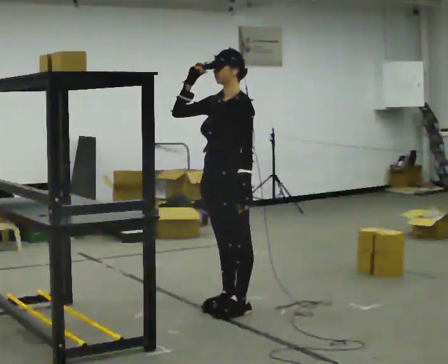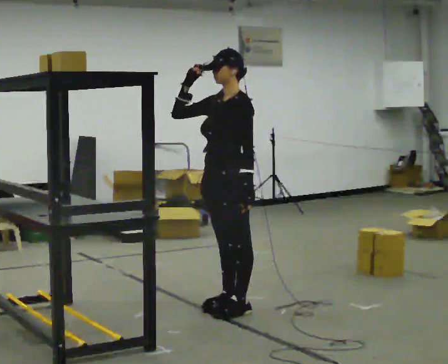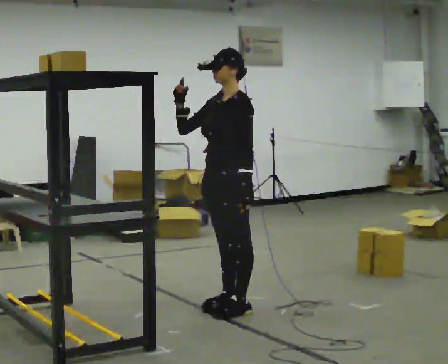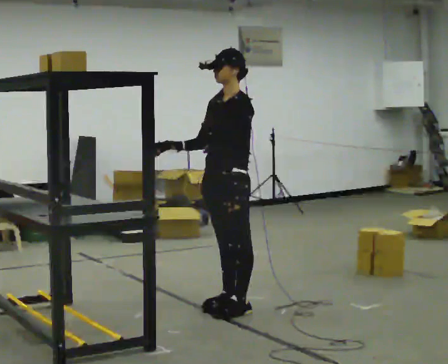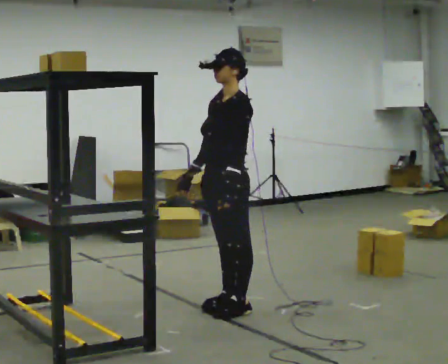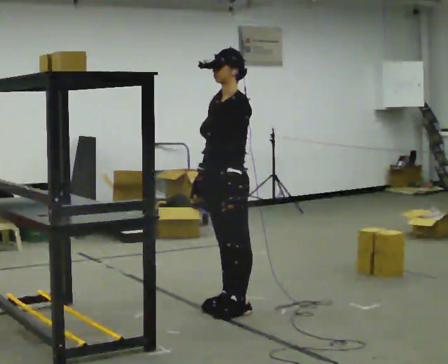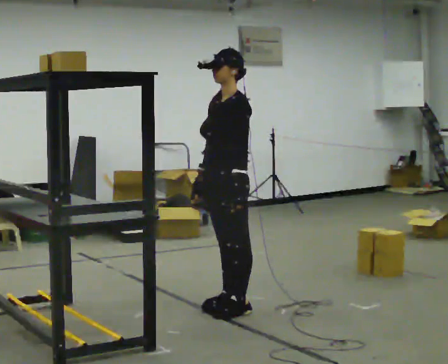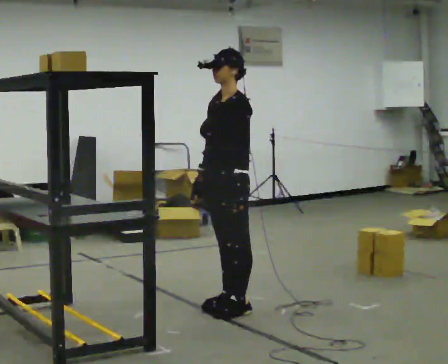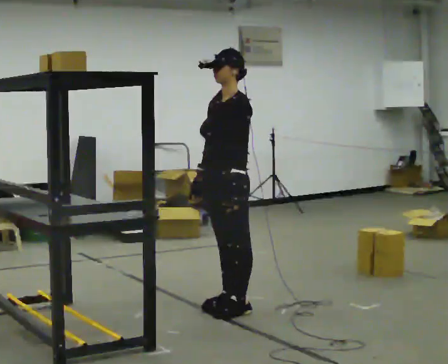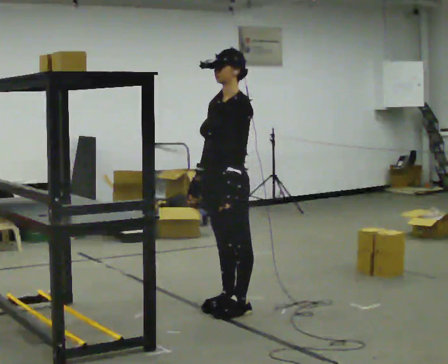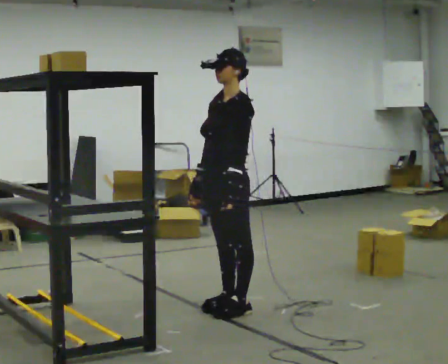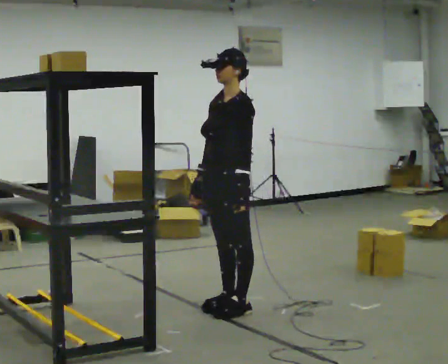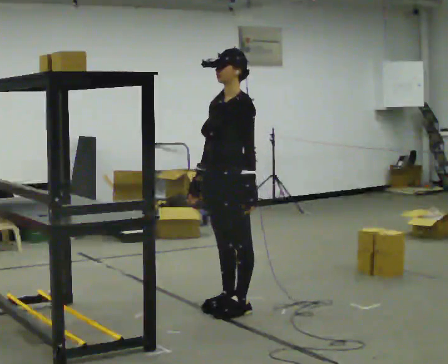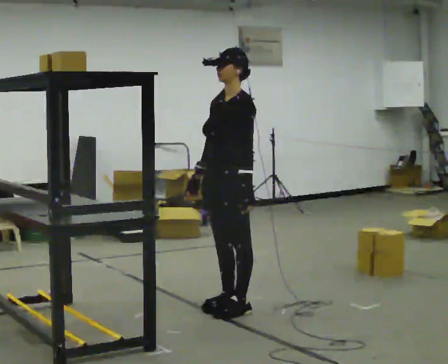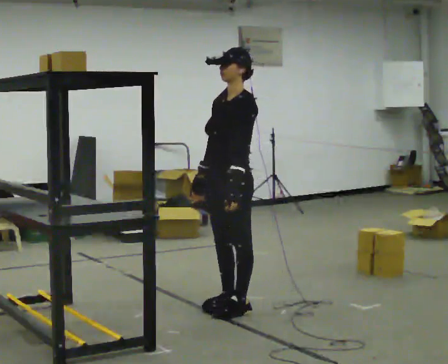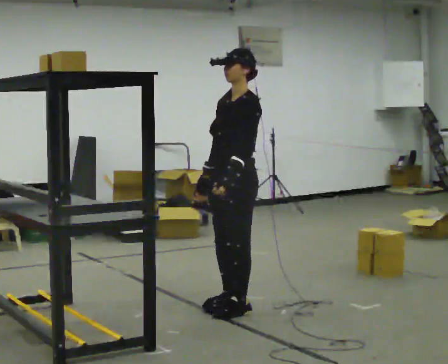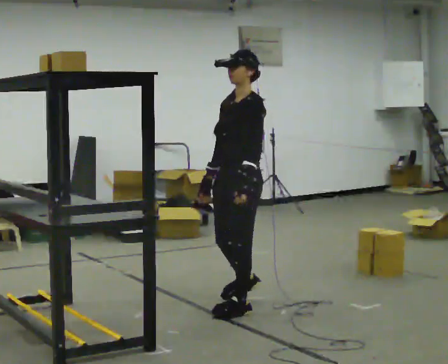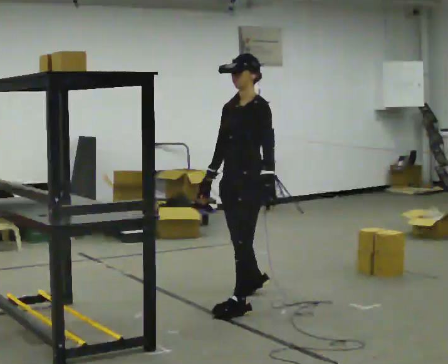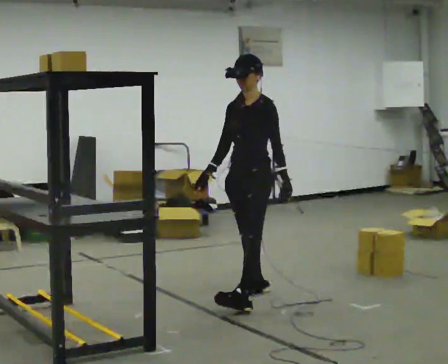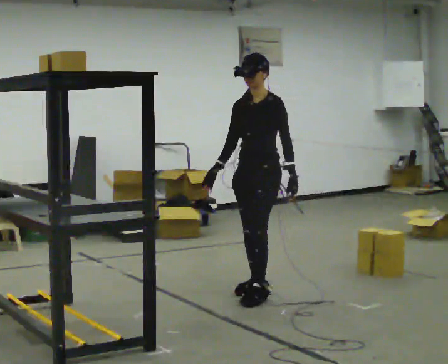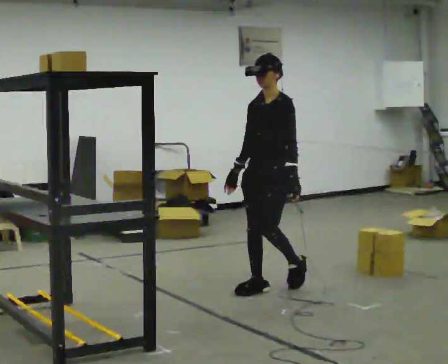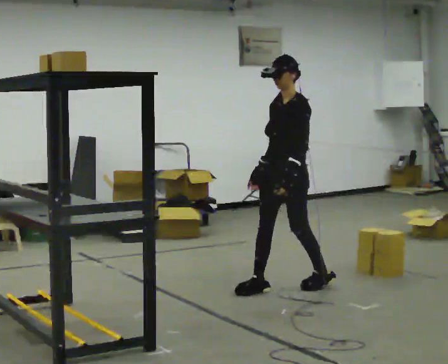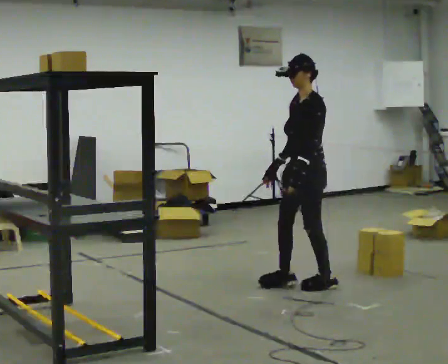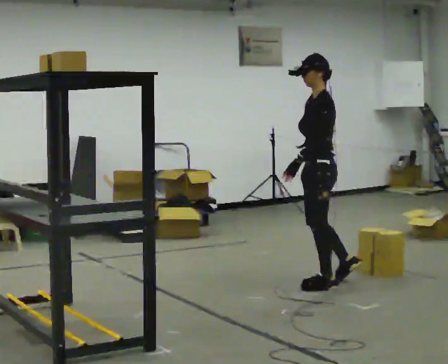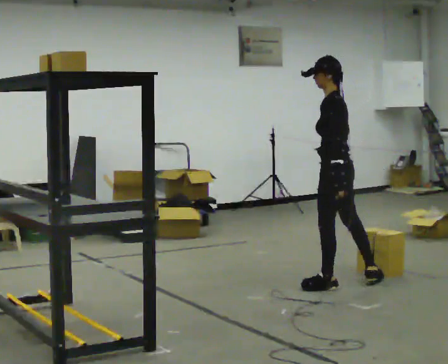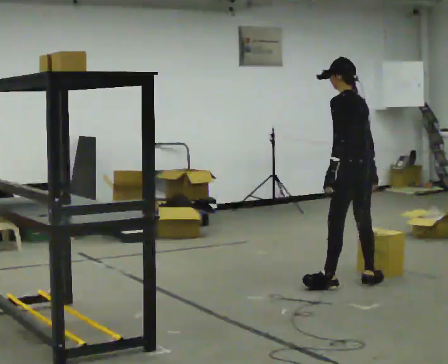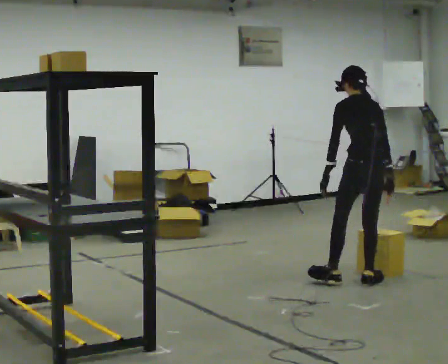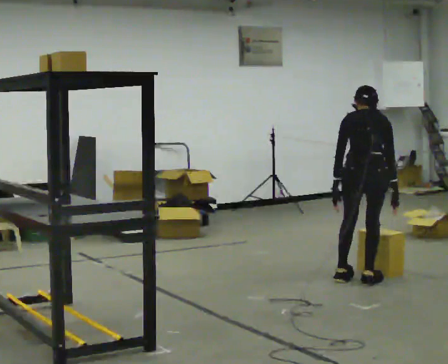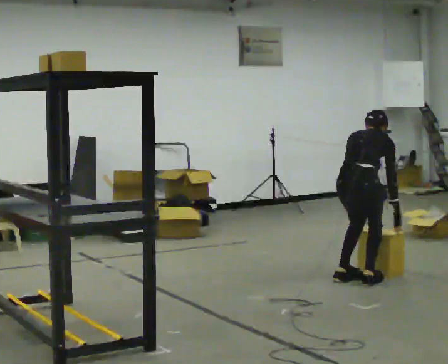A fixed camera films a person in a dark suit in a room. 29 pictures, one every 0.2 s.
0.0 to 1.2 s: In the picture their right hand goes downward.
1.2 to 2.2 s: The person moves a little, or ends about where they began.
2.2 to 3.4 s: In the picture they go away from the camera, about 0.25 m in 1 step, which for them is backward.
3.4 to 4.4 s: In the picture they go to the right and away from the camera, about 0.5 m in 2 steps, which for them is backward.
4.4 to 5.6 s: Seen from above the body turns clockwise, about 135 degrees: to their right, with its near side sliding to the left. In the picture they go to the right, about 0.25 m in 1 step. The upper body goes downward. The upper body tips away from the camera, its near side rolling upward, as they bend forward.
The film runs backward here.
